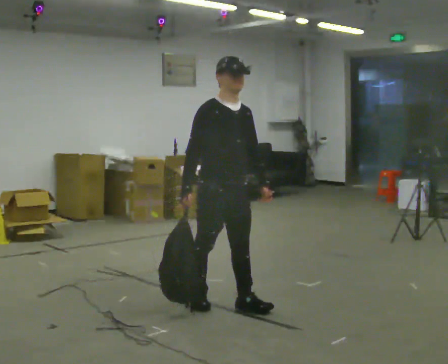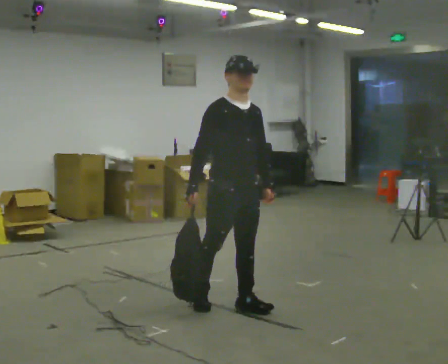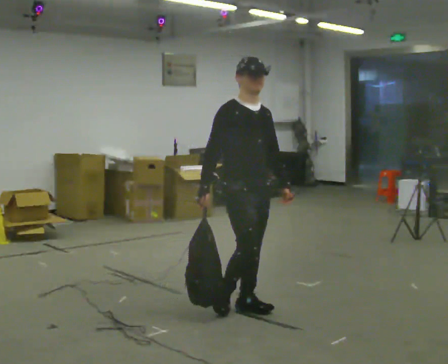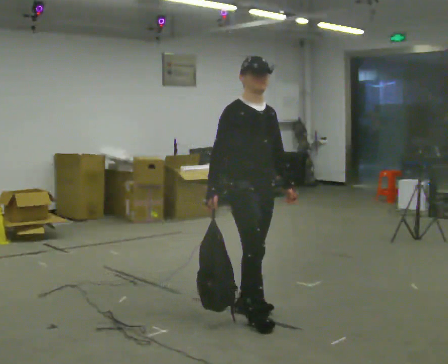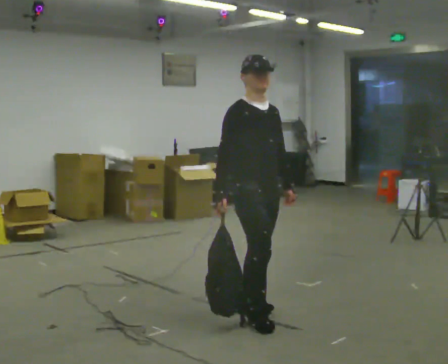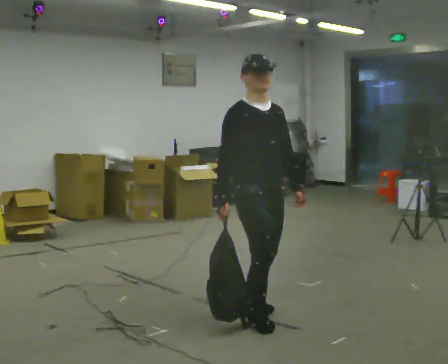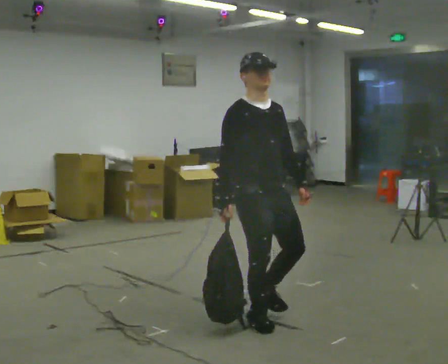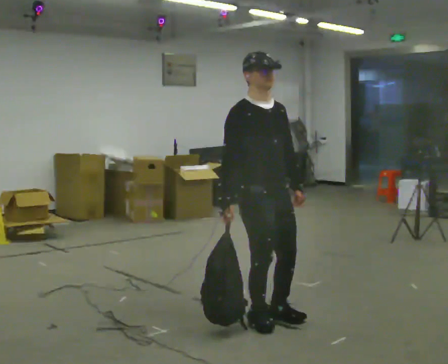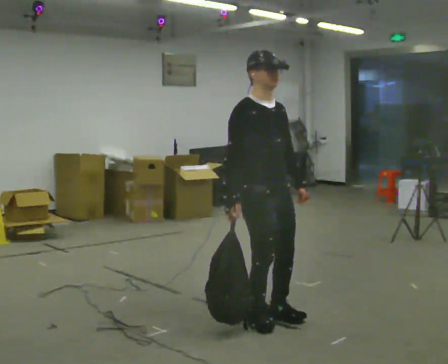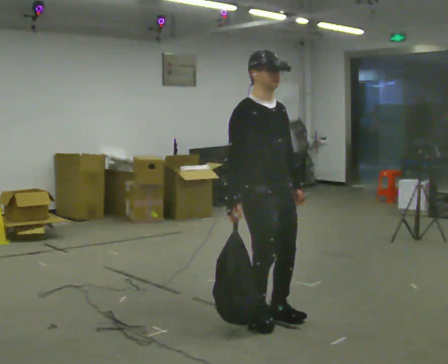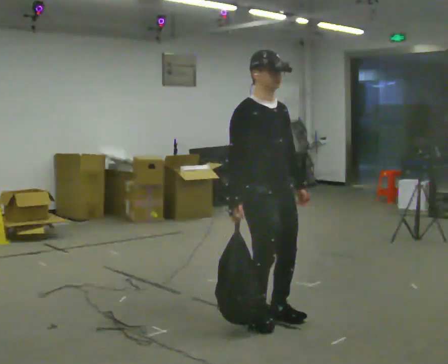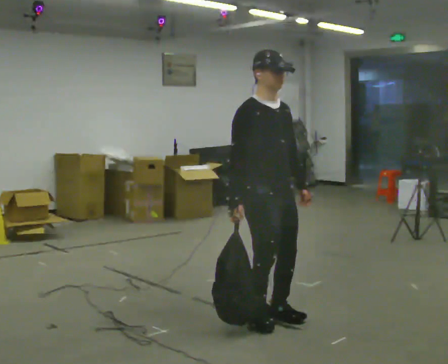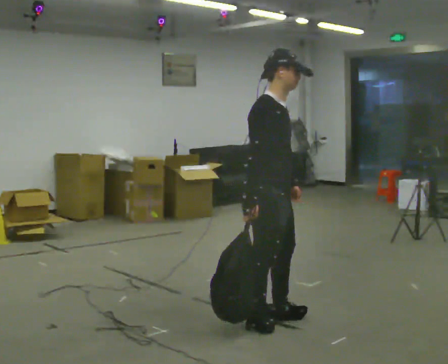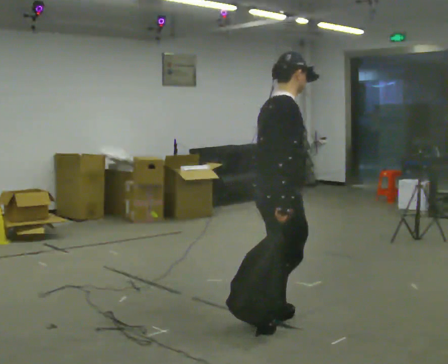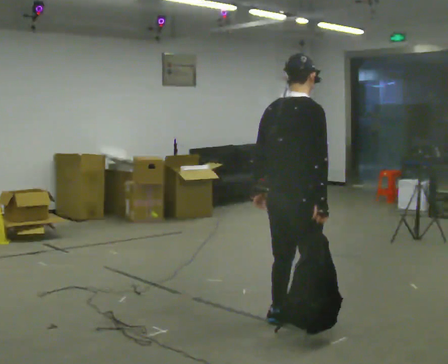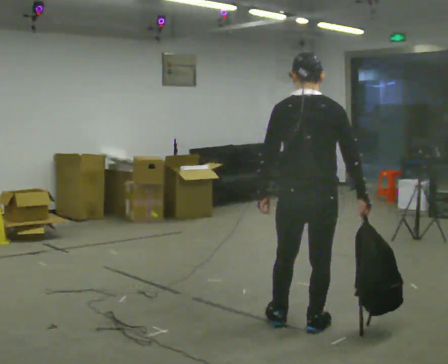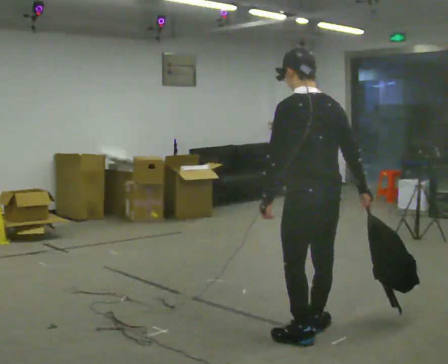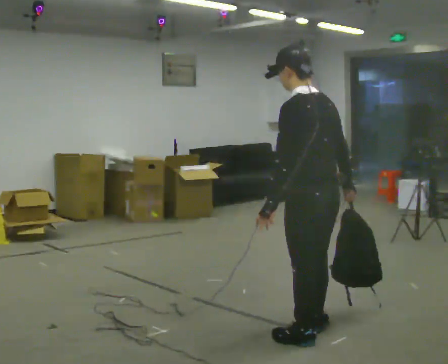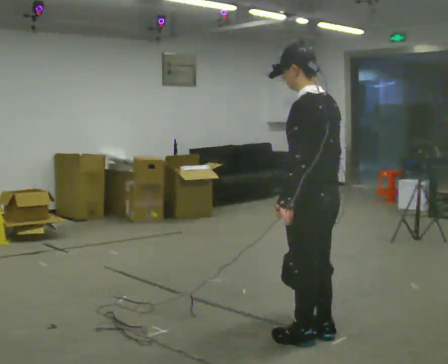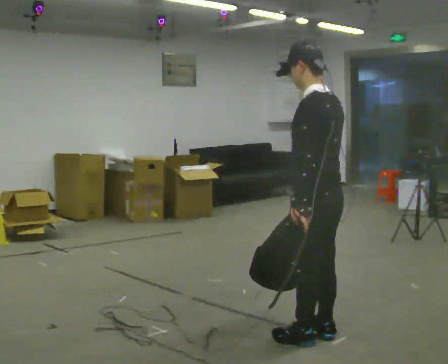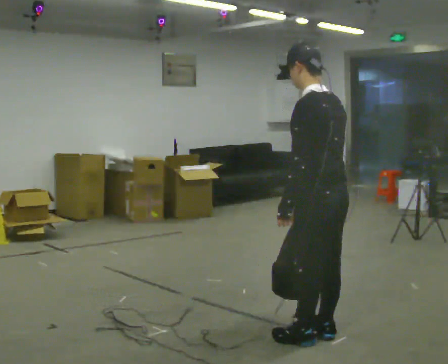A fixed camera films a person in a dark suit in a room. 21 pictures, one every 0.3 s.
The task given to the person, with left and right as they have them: Carry the soft bag across the room, back and forth. It will change shape as you move, so hold it however works.
0.0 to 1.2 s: In the picture they go to the right and toward the camera, about 0.25 m in 1 step, which for them is forward.
1.2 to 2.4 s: The person moves a little, or ends about where they began.
2.4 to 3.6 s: The person turns about 30 degrees to their left, counterclockwise seen from above, so the part of the body nearest the lens slides to the right.
3.6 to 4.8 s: The person turns about 135 degrees to their left, counterclockwise seen from above, so the part of the body nearest the lens slides to the right. In the picture they go to the right and toward the camera, about 0.25 m in 2 steps.
4.8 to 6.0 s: The person moves a little, or ends about where they began.
The film runs forward here.
